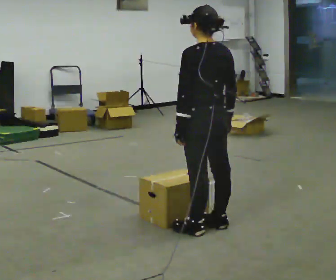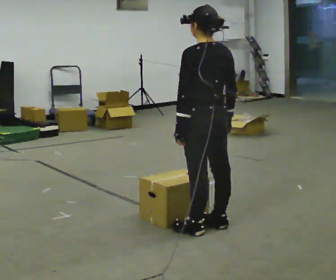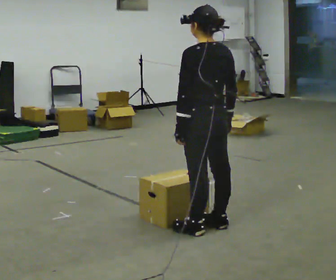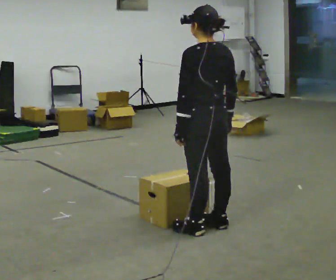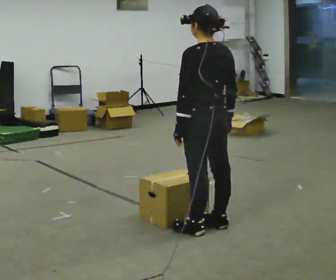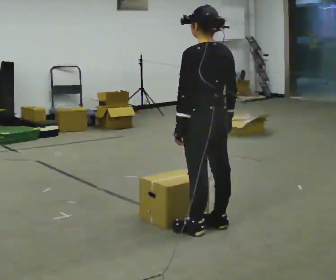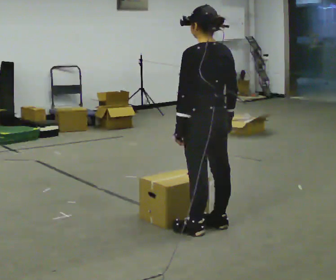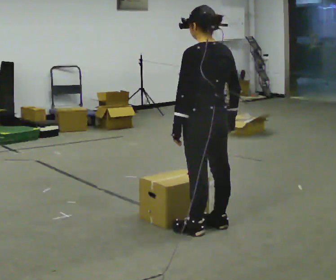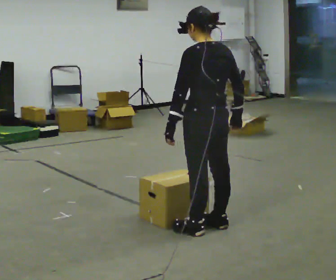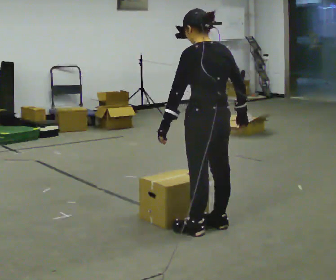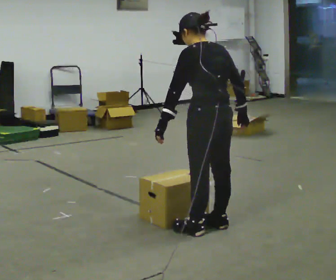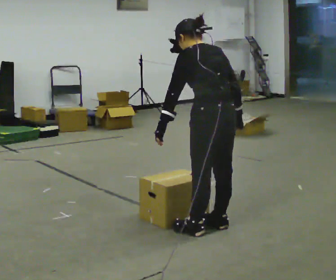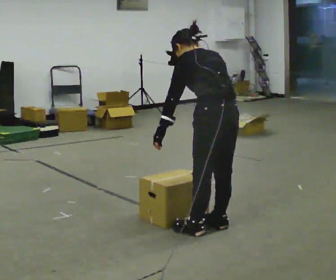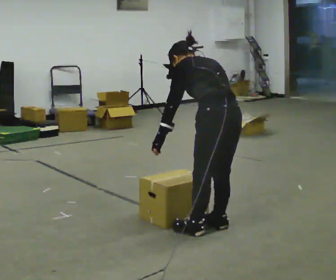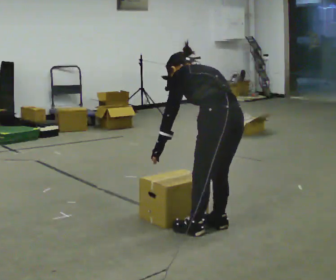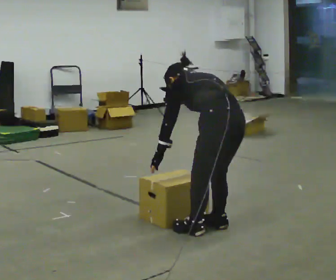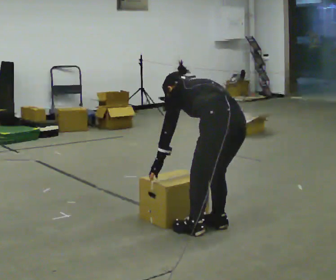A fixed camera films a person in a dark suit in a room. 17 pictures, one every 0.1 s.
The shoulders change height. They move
downward.
The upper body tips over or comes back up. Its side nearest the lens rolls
upward.
0.0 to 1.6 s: The upper body goes downward. The upper body tips away from the camera, its near side rolling upward, as they bend forward.
The film runs forward here.
